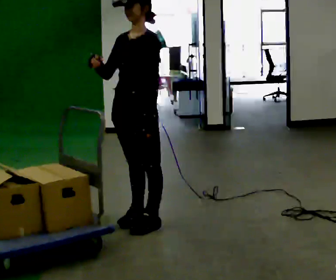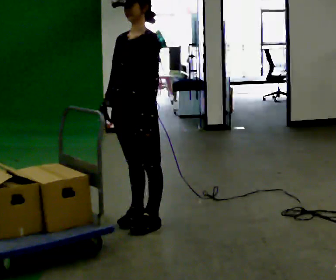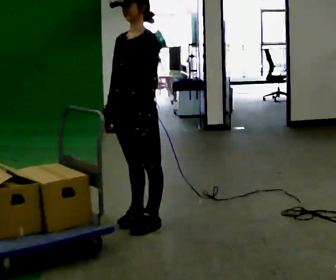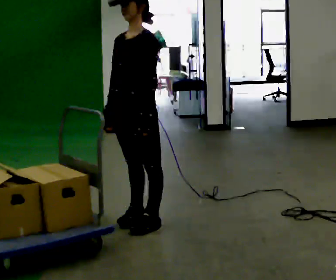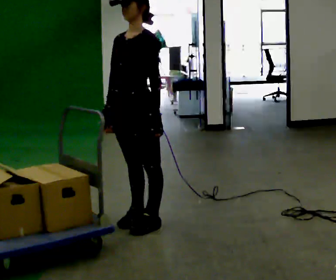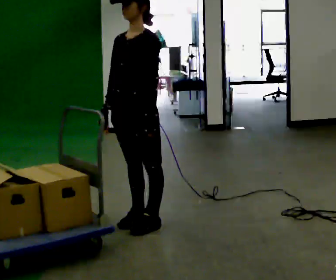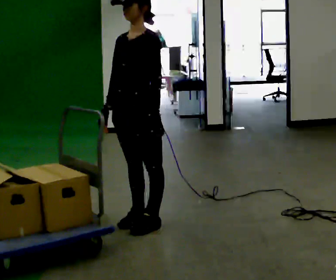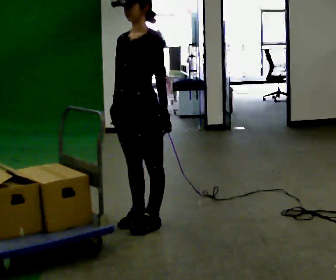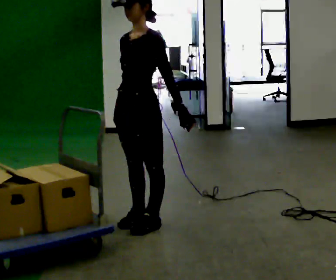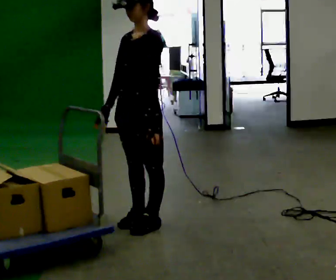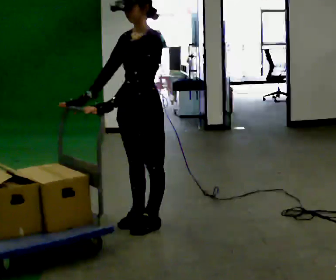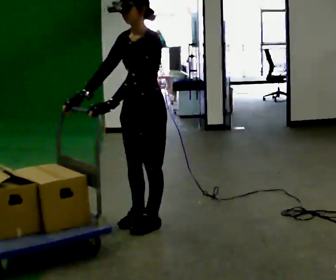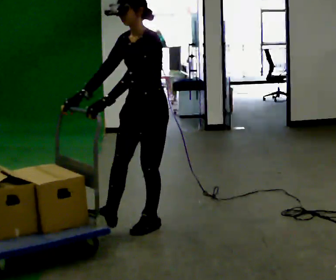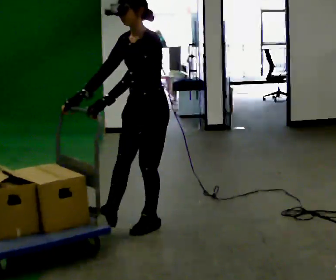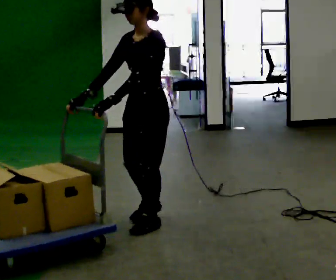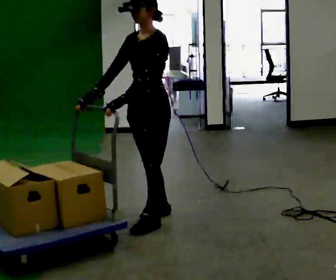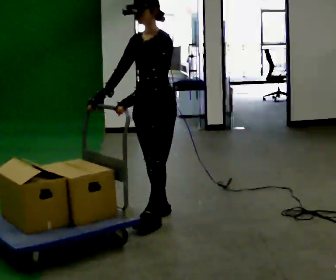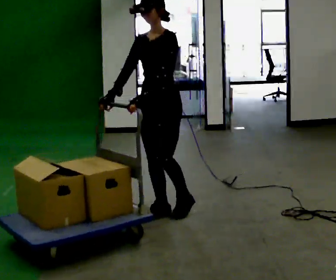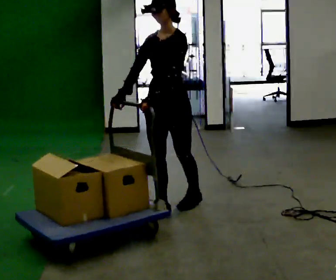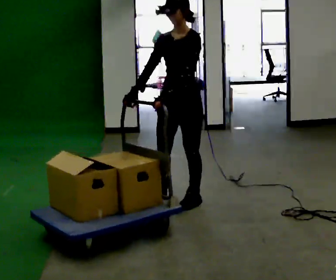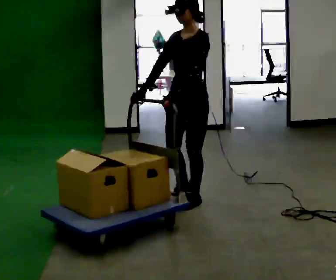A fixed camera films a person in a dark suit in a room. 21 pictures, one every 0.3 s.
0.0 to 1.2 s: In the picture their right hand goes downward.
1.2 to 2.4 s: The person moves a little, or ends about where they began.
2.4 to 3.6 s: In the picture their left hand goes to the left, the arm swinging clockwise.
3.6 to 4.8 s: In the picture they go away from the camera, about 0.25 m in 1 step, which for them is to their right and backward.
4.8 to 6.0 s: In the picture they go away from the camera and to the right, about 0.25 m in 2 steps, which for them is backward.
The film runs backward here.
